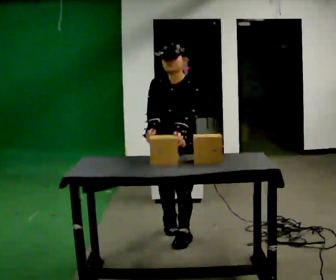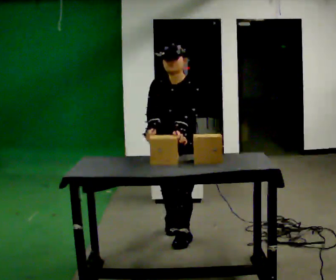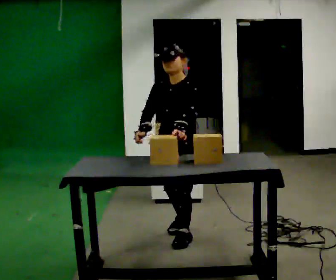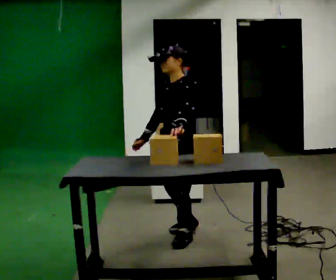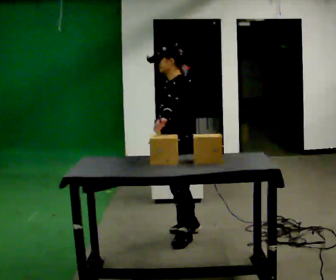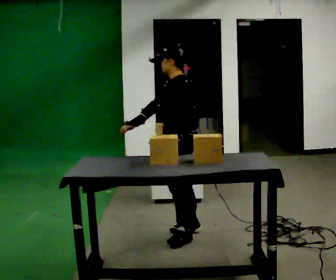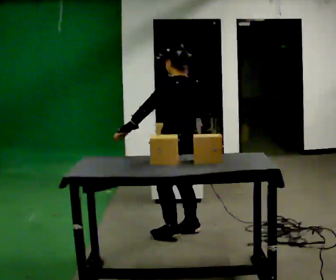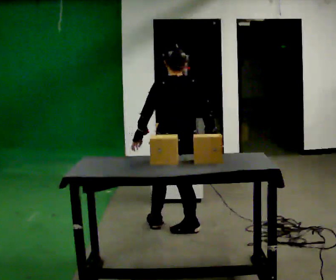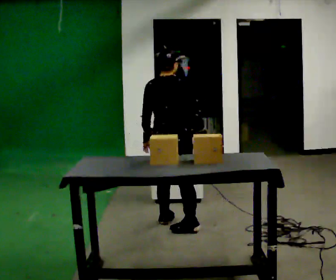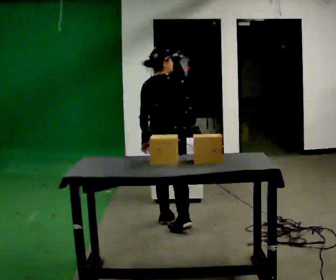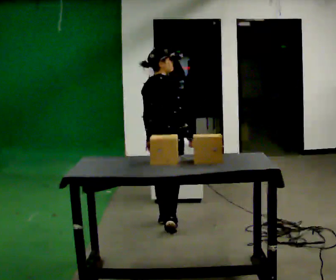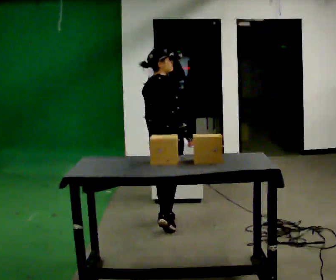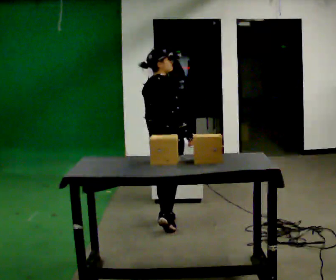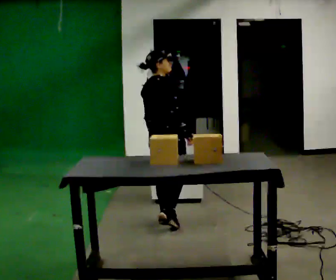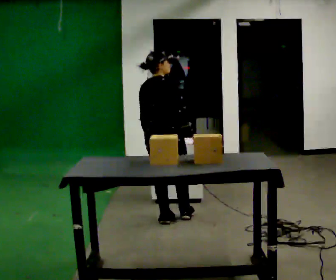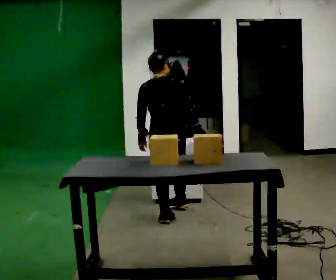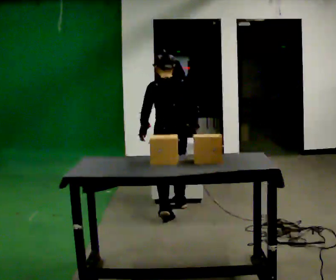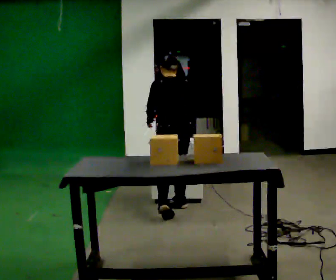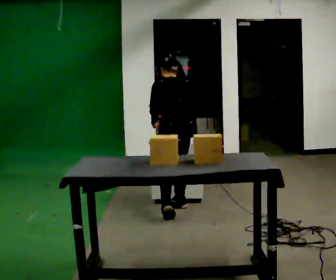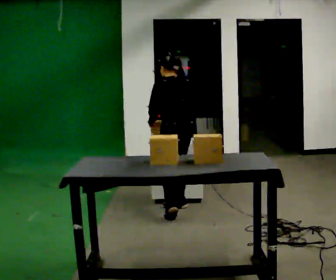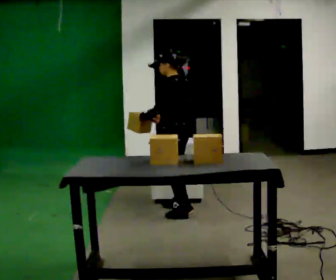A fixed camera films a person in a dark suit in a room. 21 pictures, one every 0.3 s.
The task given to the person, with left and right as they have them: 1. Move all 12 boxes from the shelf at one end of the room to the shelf at the other end. 2. The cart is not available today, so carry them. 3. Tell the operator when you are finished.
0.0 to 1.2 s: The part of the body nearest the lens slides to the left as the person turns to their right by about 60 degrees.
1.2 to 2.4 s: The part of the body nearest the lens slides to the left as the person turns to their right by about 105 degrees. In the picture they go away from the camera, about 0.25 m in 1 step.
2.4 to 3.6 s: The part of the body nearest the lens slides to the left as the person turns to their right by about 45 degrees.
3.6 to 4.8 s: The person turns about 75 degrees to their left, counterclockwise seen from above, so the part of the body nearest the lens slides to the right. In the picture they go away from the camera, about 0.25 m in 1 step.
4.8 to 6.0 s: The person turns about 60 degrees to their left, counterclockwise seen from above, so the part of the body nearest the lens slides to the right. In the picture their right hand goes to the left, the arm swinging clockwise.
The film runs forward here.
